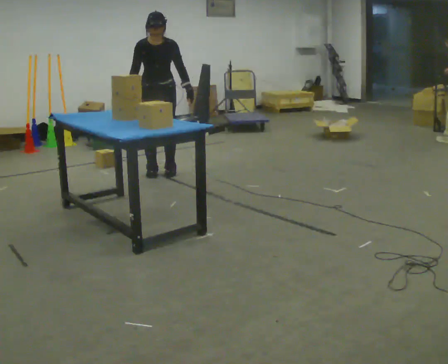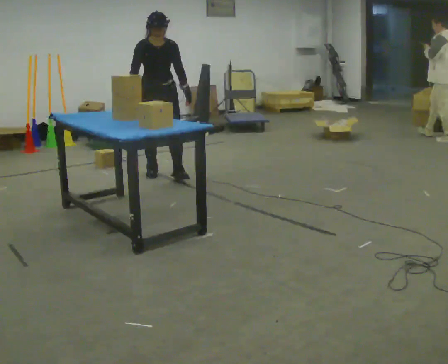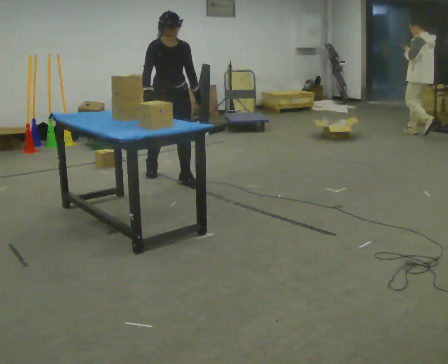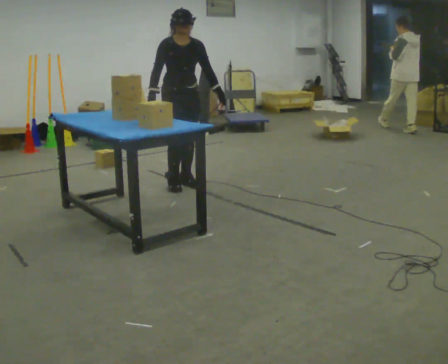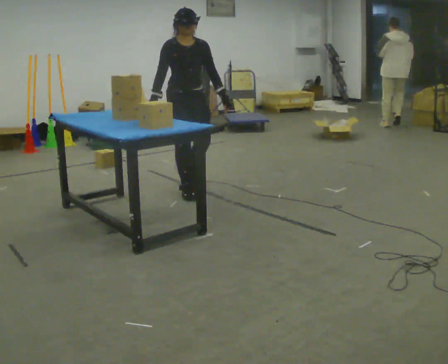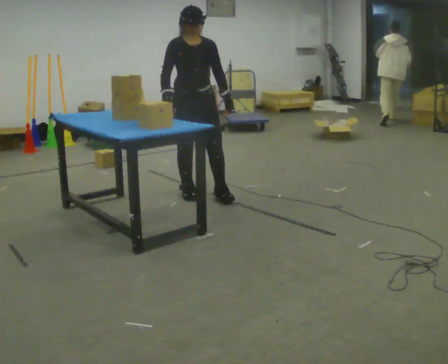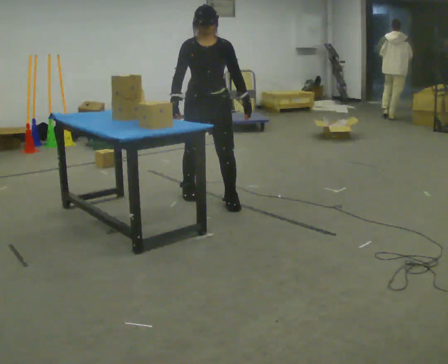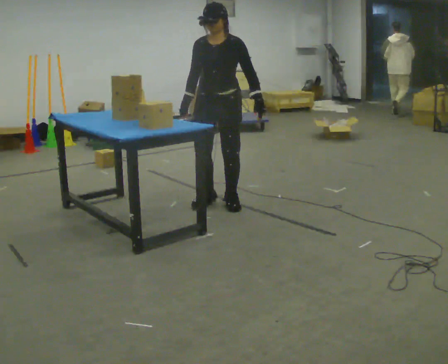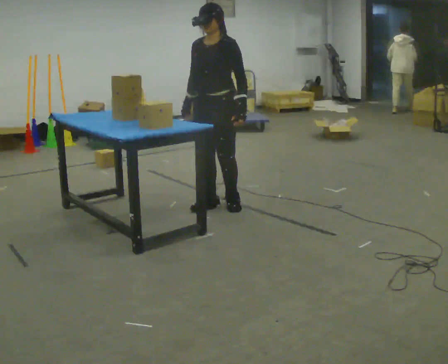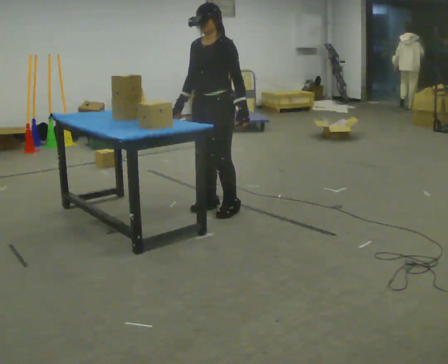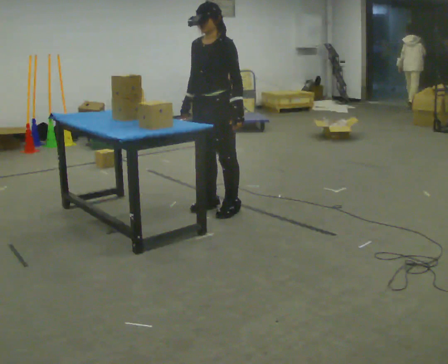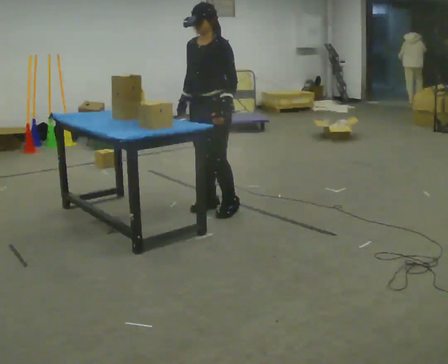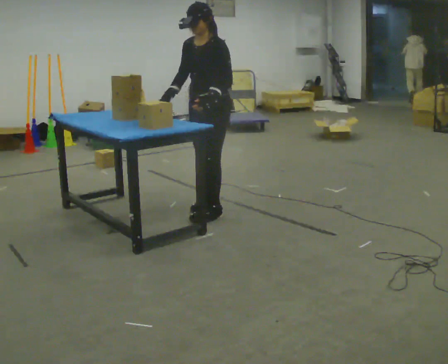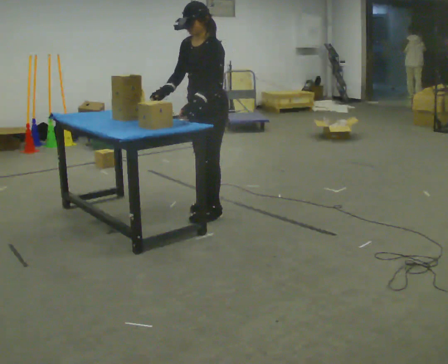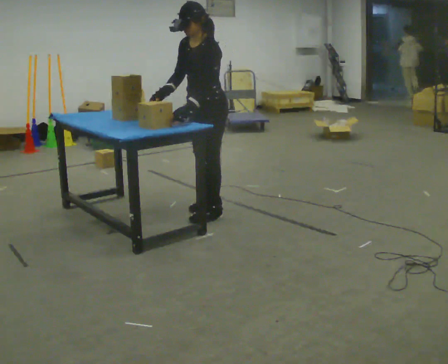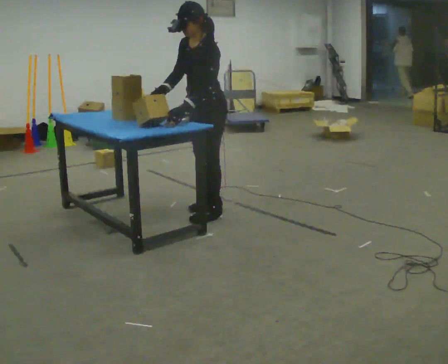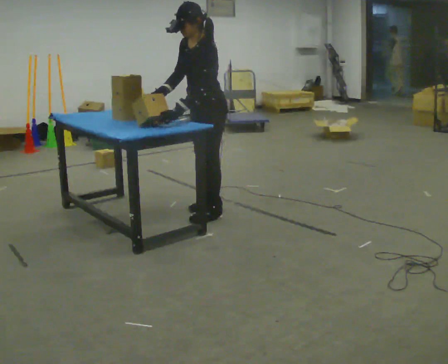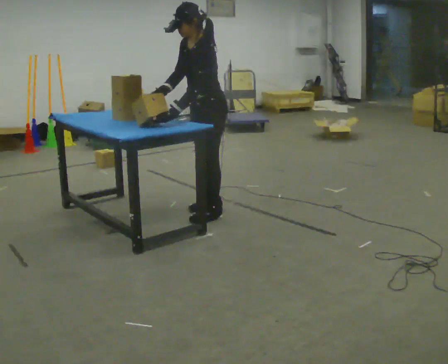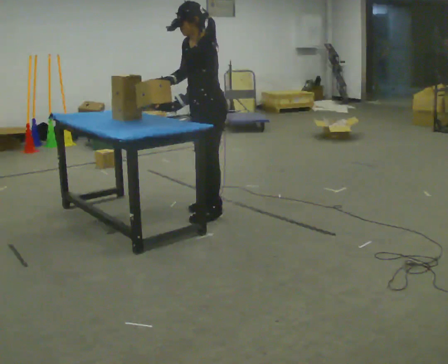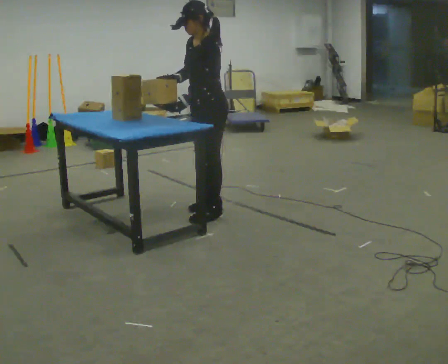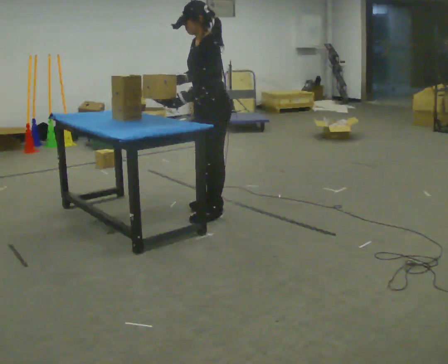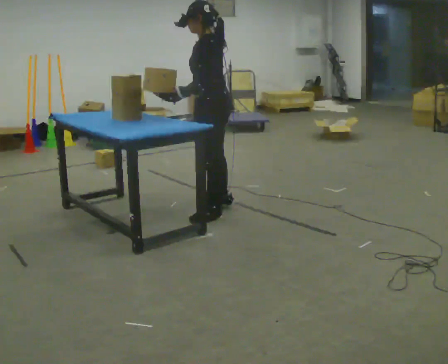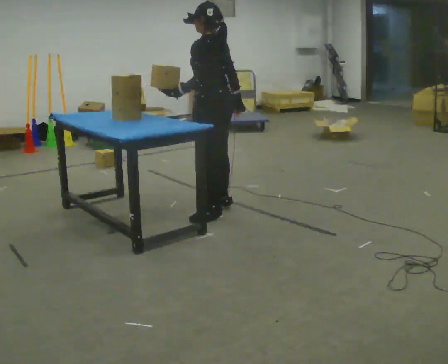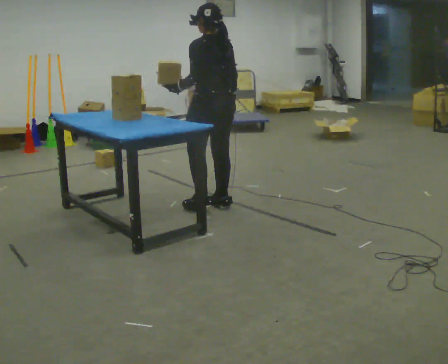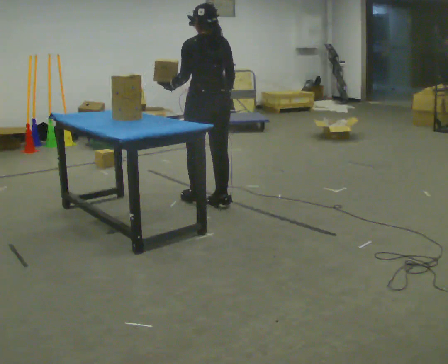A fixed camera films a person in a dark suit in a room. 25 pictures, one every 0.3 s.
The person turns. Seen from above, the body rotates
clockwise.
The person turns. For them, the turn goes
to their right.
0.0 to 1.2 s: In the picture they go toward the camera, about 0.75 m in 2 steps, which for them is forward.
1.2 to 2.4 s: Seen from above the body turns clockwise, about 60 degrees: to their right, with its near side sliding to the left. In the picture they go toward the camera and to the right, about 0.5 m in 2 steps, which for them is forward and to their left.
2.4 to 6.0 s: Seen from above the body turns clockwise, about 60 degrees: to their right, with its near side sliding to the left. In the picture they go toward the camera, about 0.25 m in 2 steps, which for them is to their left and forward. In the picture their left hand goes to the left, the arm swinging clockwise.
6.0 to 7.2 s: The person turns about 75 degrees to their right, clockwise seen from above, so the part of the body nearest the lens slides to the left. In the picture they go away from the camera, about 0.25 m in 1 step.
The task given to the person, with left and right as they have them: Pick the object up off the floor using only the hand the operator calls, then carry it to the table in that same hand. Keep going until the operator says stop; one object at a time, and do not rush between trips.
The film runs forward here.
